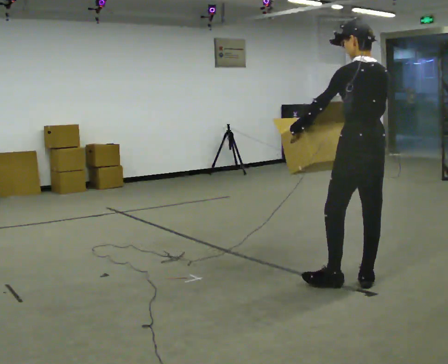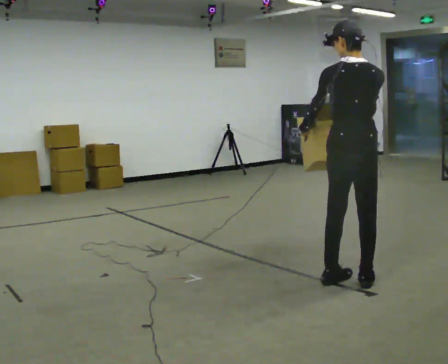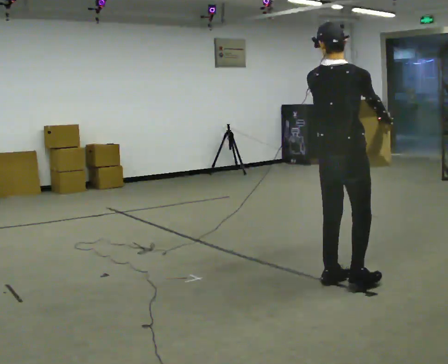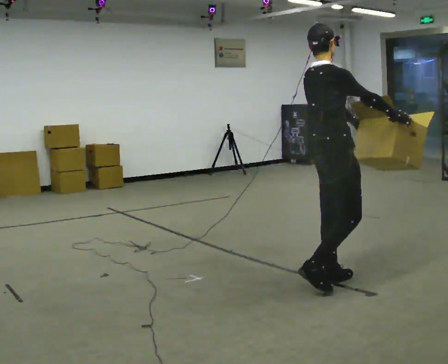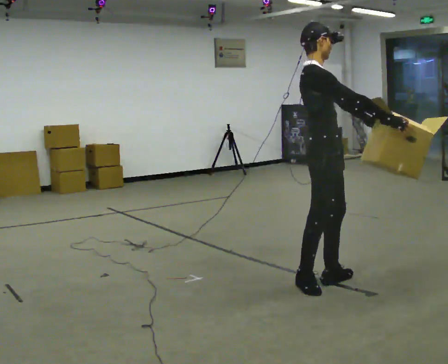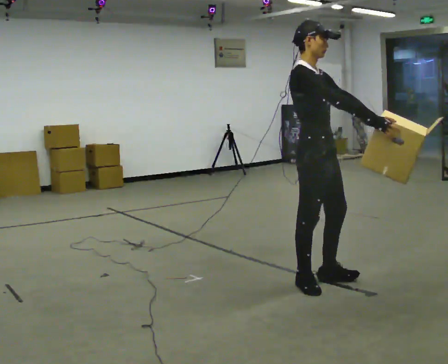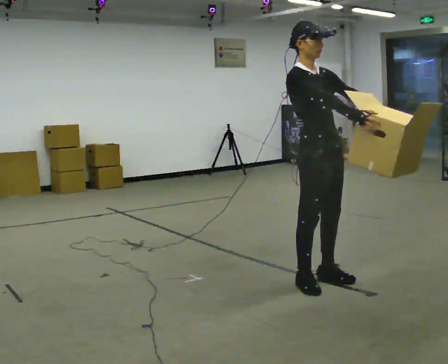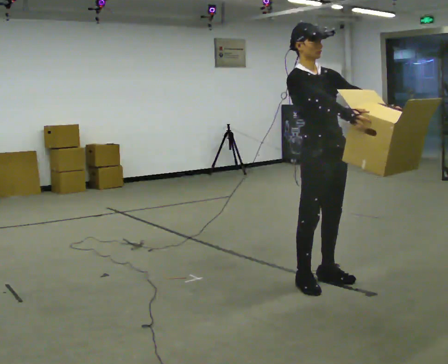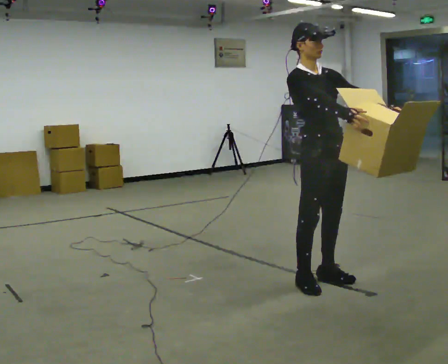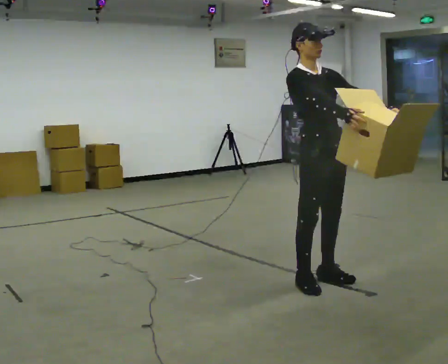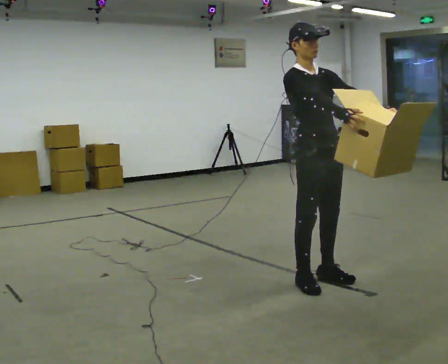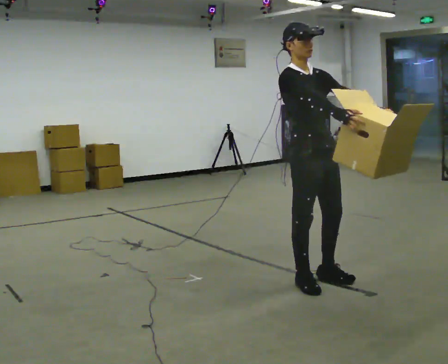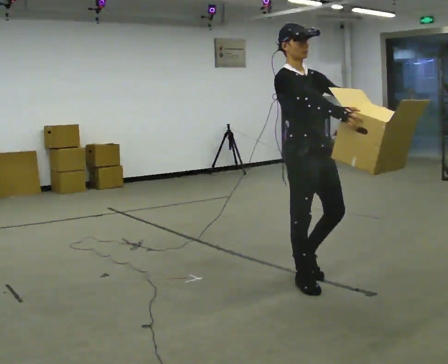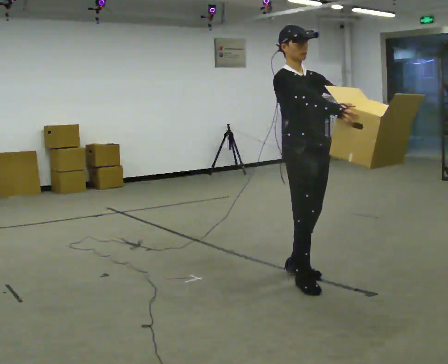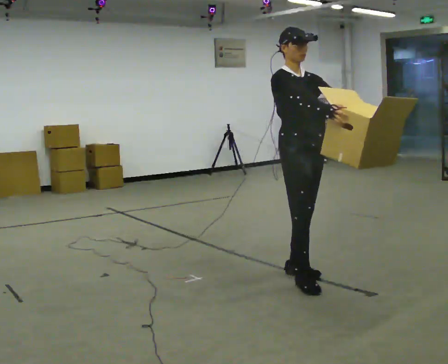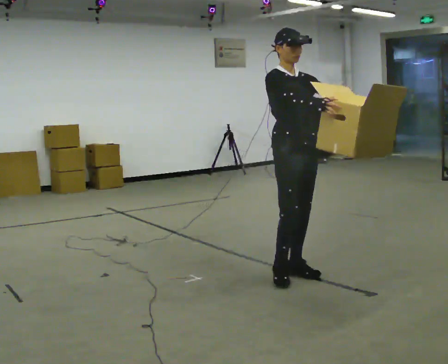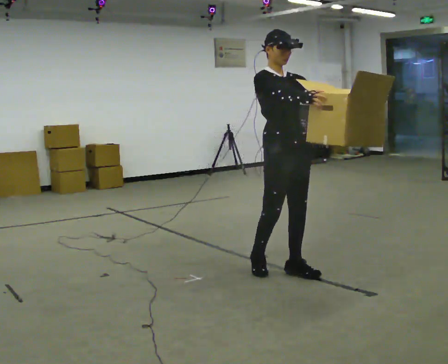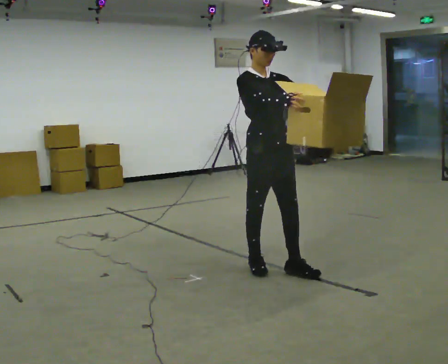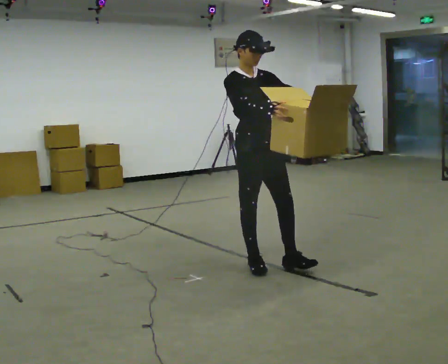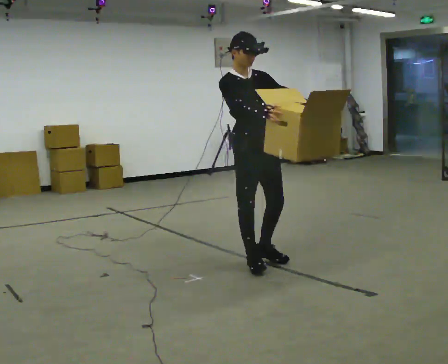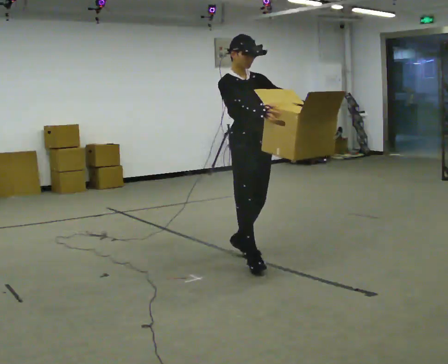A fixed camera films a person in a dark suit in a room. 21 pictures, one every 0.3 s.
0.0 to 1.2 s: The person turns about 120 degrees to their right, clockwise seen from above, so the part of the body nearest the lens slides to the left. In the picture they go to the left, about 0.25 m in 1 step.
1.2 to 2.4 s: The person turns about 45 degrees to their right, clockwise seen from above, so the part of the body nearest the lens slides to the left.
2.4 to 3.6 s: The person moves a little, or ends about where they began.
3.6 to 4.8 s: In the picture they go away from the camera and to the left, about 0.25 m in 1 step, which for them is backward.
4.8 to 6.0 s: In the picture they go to the left and away from the camera, about 0.5 m in 1 step, which for them is backward.
The film runs backward here.
